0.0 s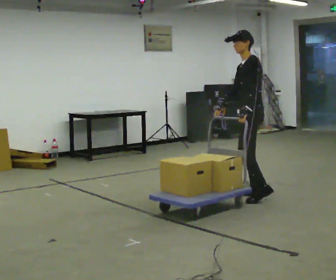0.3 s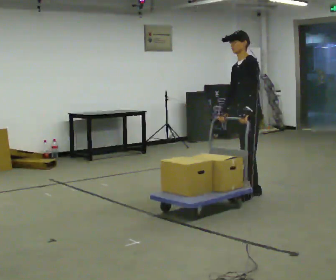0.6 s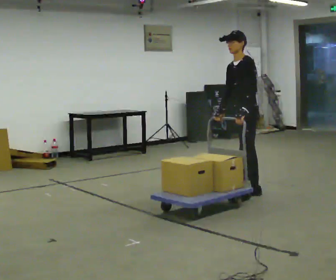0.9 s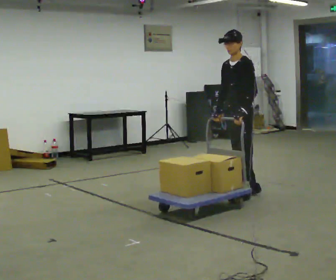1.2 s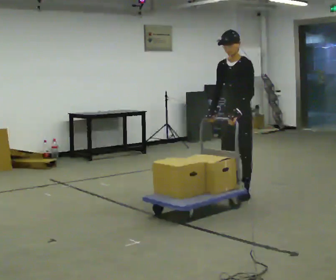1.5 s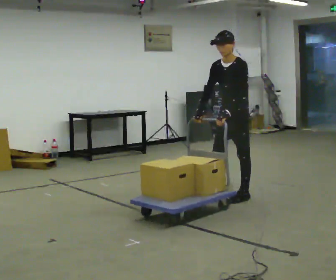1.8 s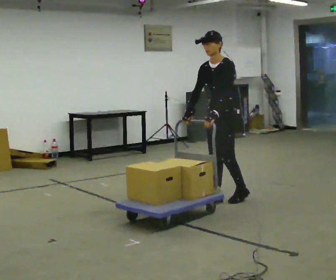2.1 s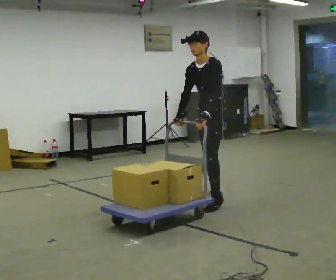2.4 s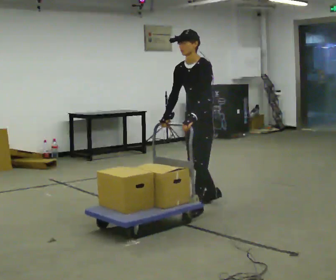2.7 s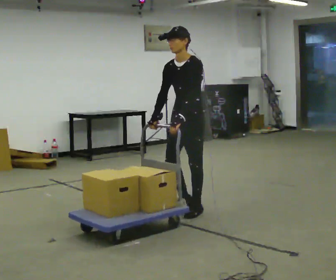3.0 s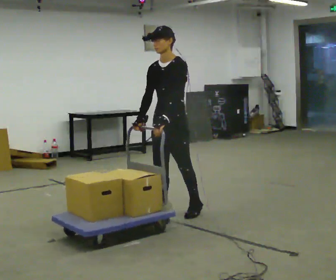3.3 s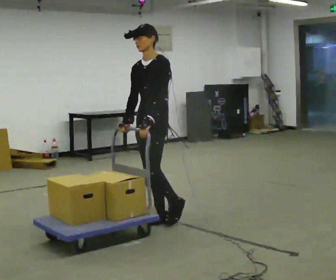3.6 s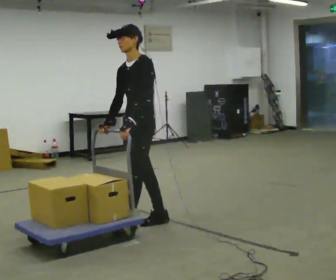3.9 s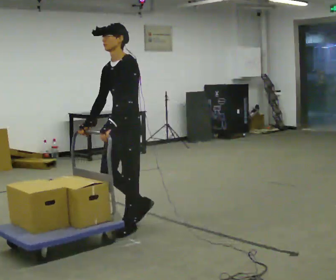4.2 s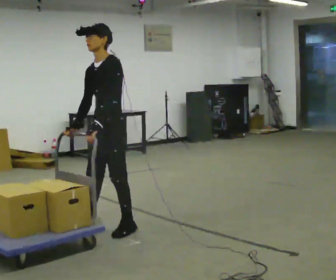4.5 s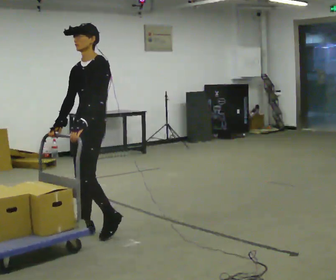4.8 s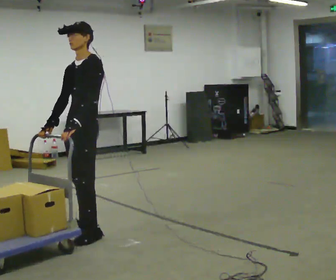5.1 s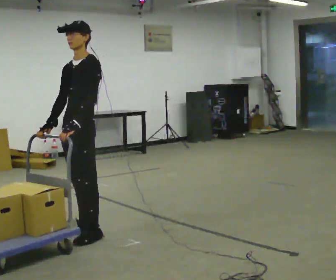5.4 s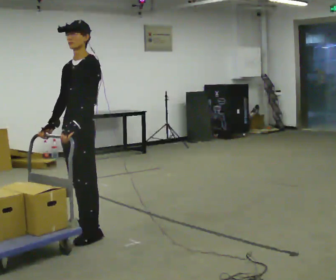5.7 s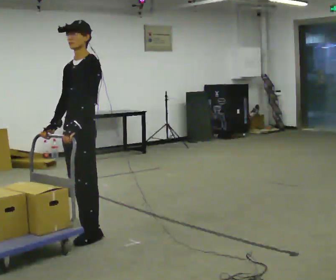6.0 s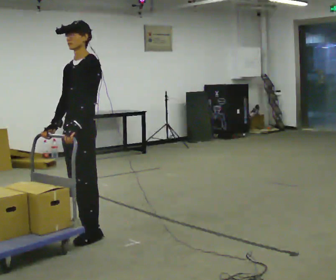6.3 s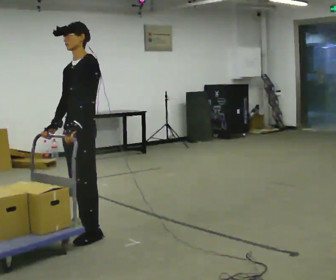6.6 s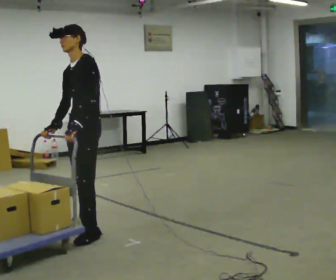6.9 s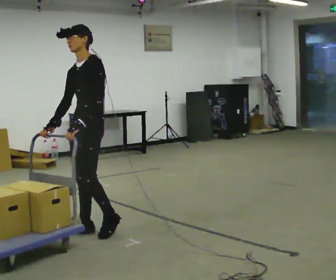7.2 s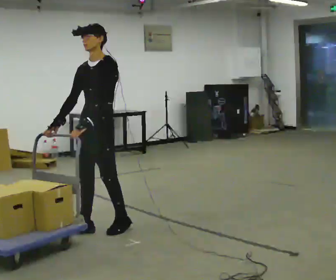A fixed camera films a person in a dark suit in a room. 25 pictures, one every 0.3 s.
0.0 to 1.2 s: The part of the body nearest the lens slides to the right as the person turns to their left by about 30 degrees. In the picture they go to the left, about 0.25 m in 1 step, which for them is forward. The upper body tips toward the camera, its near side rolling downward.
1.2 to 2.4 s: In the picture they go to the left and toward the camera, about 0.5 m in 2 steps, which for them is forward.
2.4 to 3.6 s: In the picture they go to the left and toward the camera, about 1 m in 1 step, which for them is forward.
3.6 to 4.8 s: In the picture they go to the left and toward the camera, about 0.5 m in 3 steps, which for them is forward.
4.8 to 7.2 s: The person moves a little, or ends about where they began.
The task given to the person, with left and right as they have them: Push the cart along the marked route and round the corner to the side the operator calls.
The film runs forward here.
